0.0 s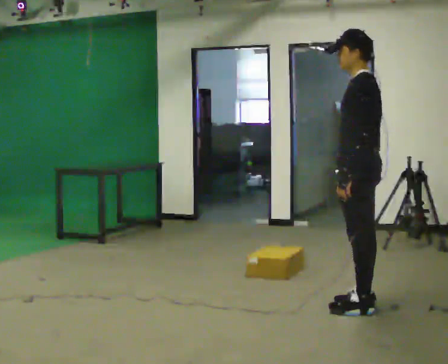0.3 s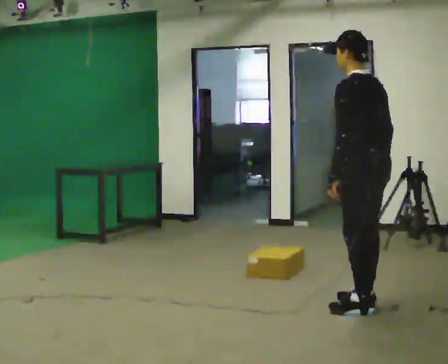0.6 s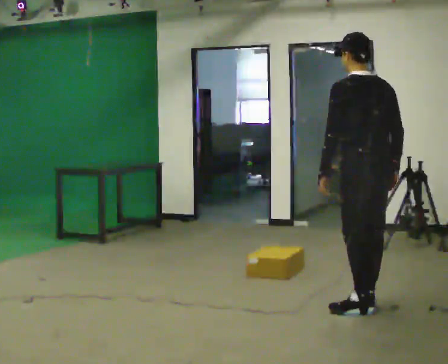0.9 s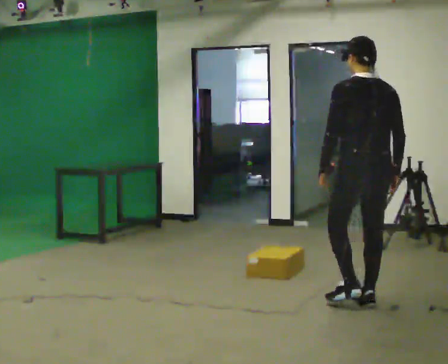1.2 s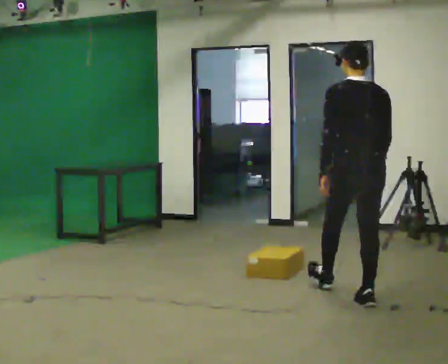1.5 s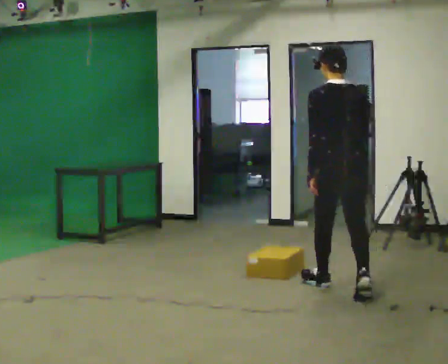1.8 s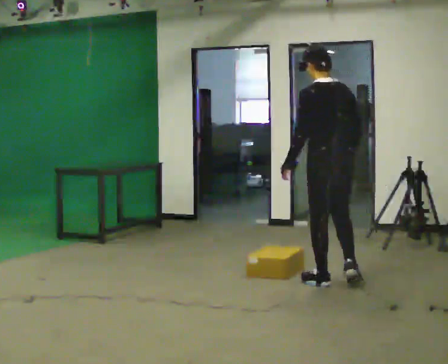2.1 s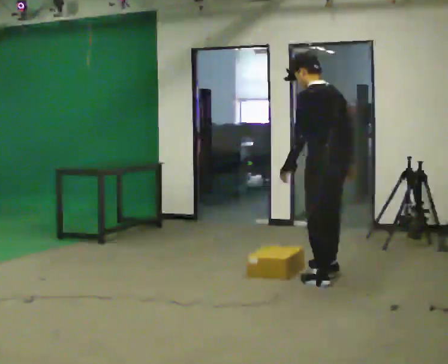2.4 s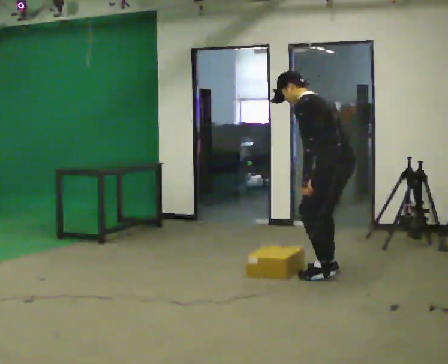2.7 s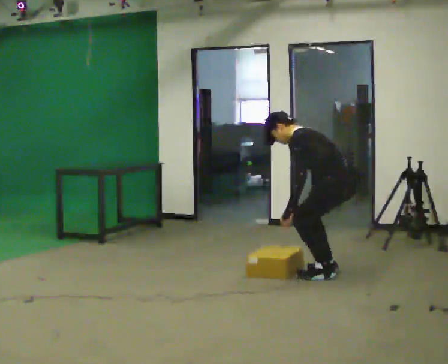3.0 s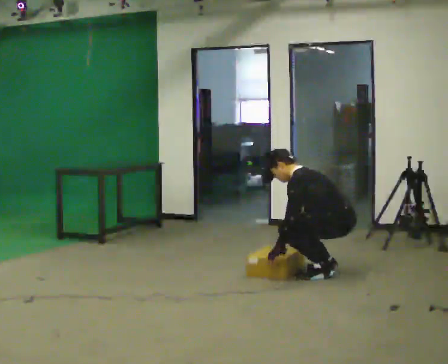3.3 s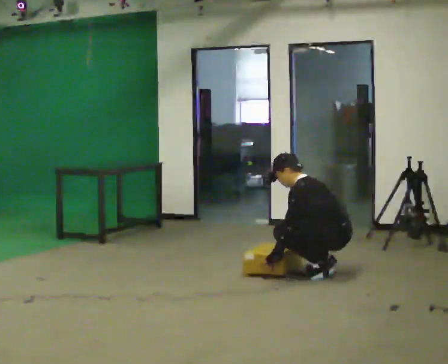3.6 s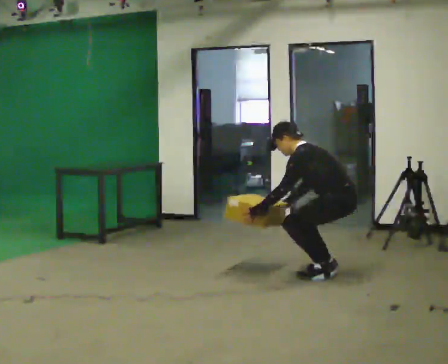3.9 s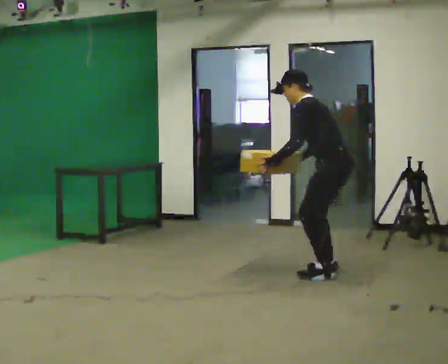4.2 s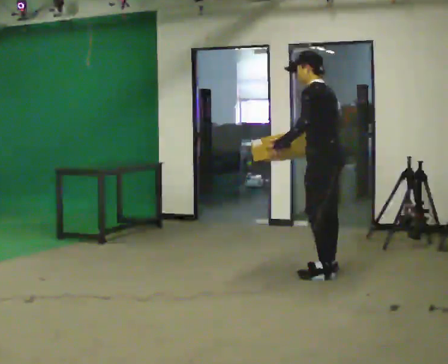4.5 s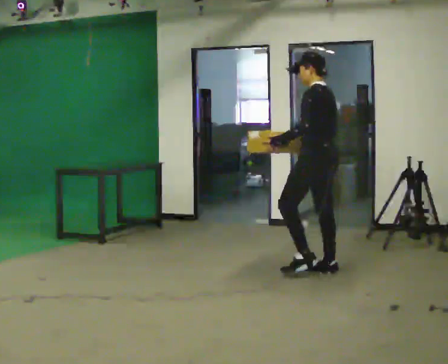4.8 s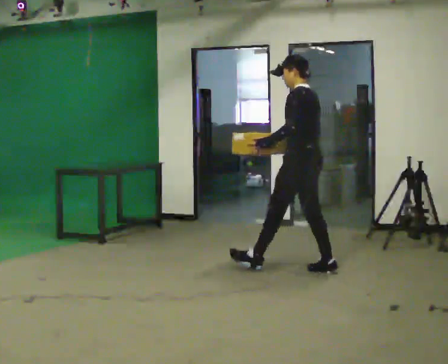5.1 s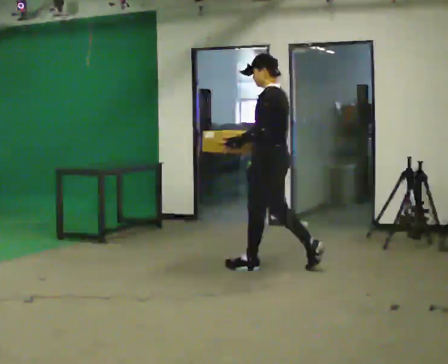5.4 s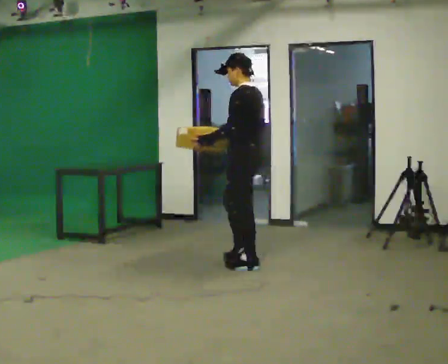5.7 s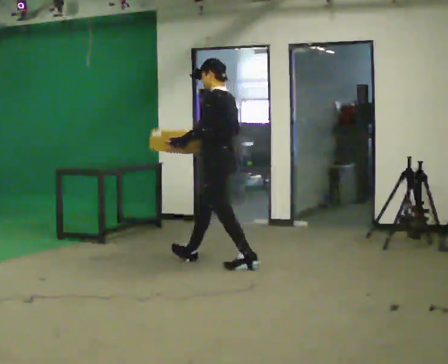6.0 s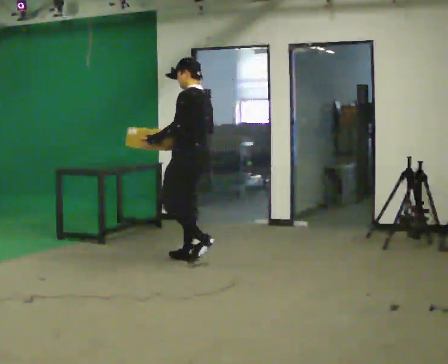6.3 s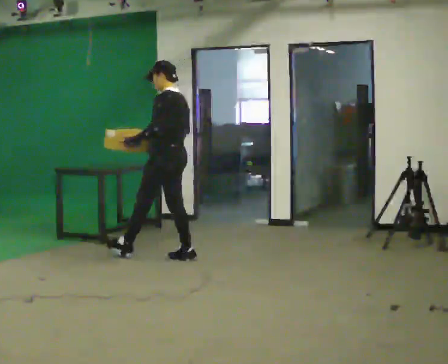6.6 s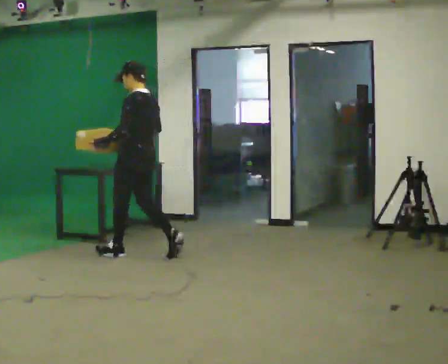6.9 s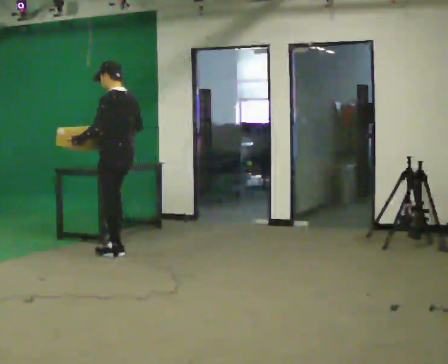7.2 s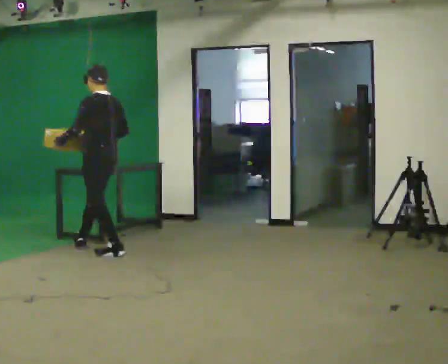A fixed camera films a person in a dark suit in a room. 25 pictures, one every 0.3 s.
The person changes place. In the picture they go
to the left.
0.0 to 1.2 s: Seen from above the body turns clockwise, about 60 degrees: to their right, with its near side sliding to the left. In the picture they go away from the camera, about 0.25 m.
1.2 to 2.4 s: The person turns about 45 degrees to their left, counterclockwise seen from above, so the part of the body nearest the lens slides to the right. In the picture they go away from the camera, about 0.5 m in 2 steps, which for them is forward. In the picture the upper body tilts counterclockwise, shoulders to the left, as they bend forward.
2.4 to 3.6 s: In the picture their right hand goes to the left.
3.6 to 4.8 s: In the picture they go to the left and away from the camera, about 0.25 m, which for them is forward. The upper body goes upward. In the picture the upper body tilts clockwise, shoulders to the right, as they lean back or straighten. In the picture their left hand goes upward.
4.8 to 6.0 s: In the picture they go to the left, about 1 m in 2 steps, which for them is forward.
6.0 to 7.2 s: In the picture they go to the left, about 1 m in 1 step, which for them is forward.
The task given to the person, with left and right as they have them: Walk quickly but do not run; remain comfortable and controlled; stop.
The film runs forward here.
